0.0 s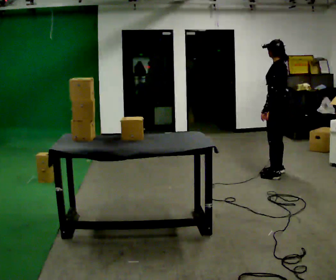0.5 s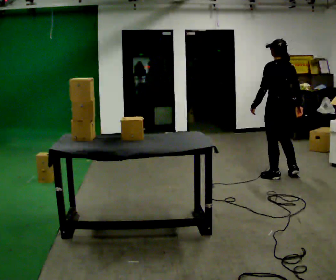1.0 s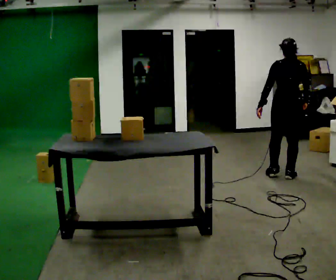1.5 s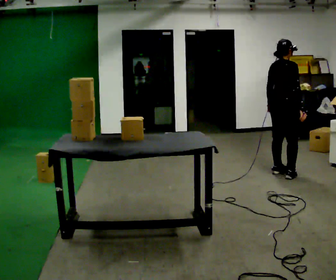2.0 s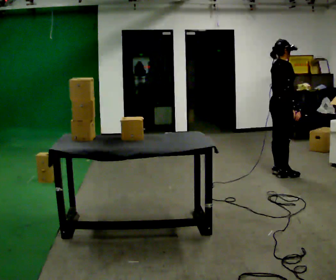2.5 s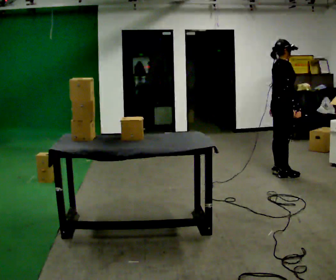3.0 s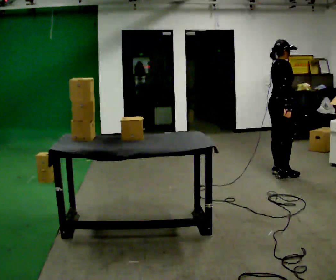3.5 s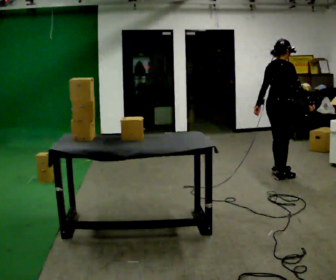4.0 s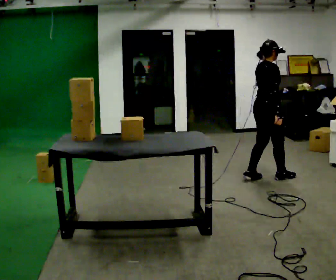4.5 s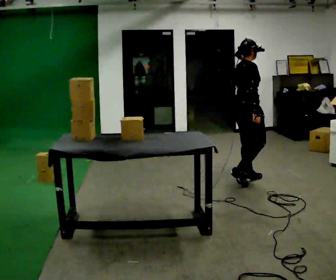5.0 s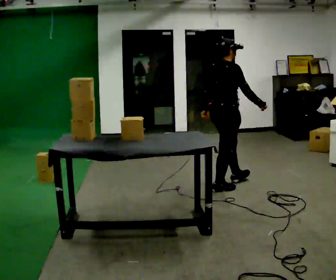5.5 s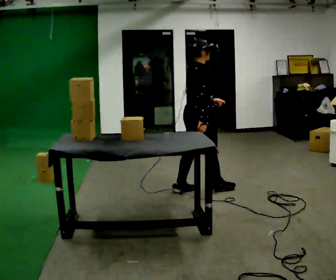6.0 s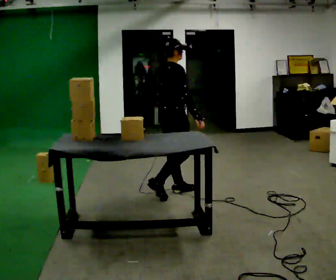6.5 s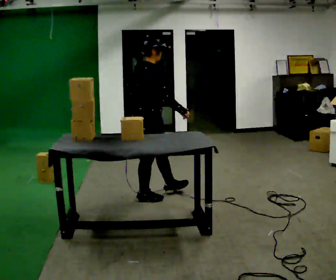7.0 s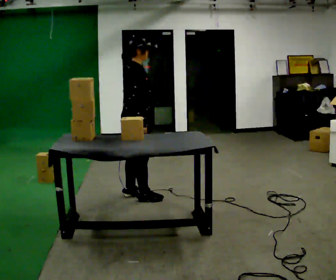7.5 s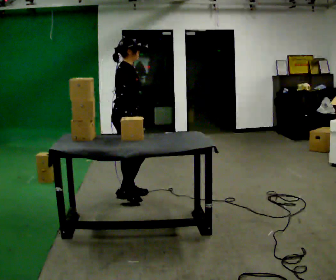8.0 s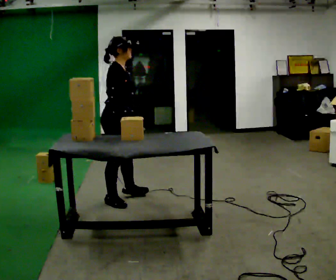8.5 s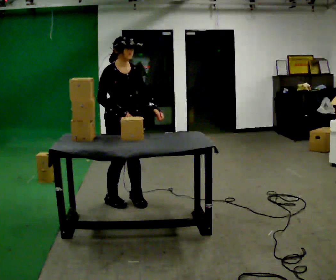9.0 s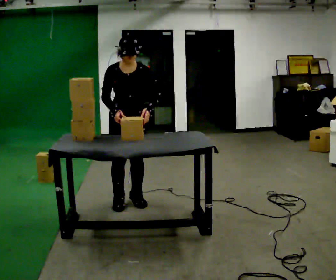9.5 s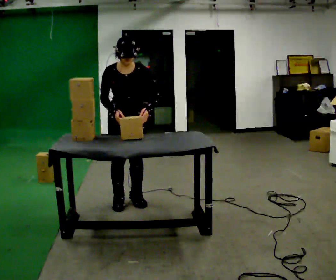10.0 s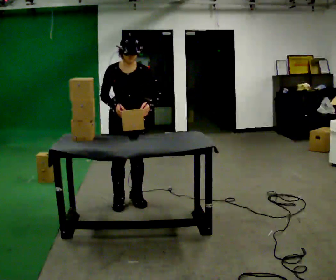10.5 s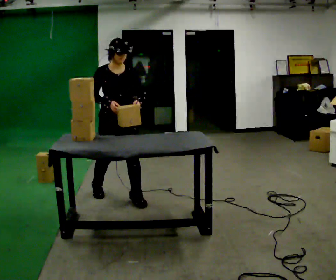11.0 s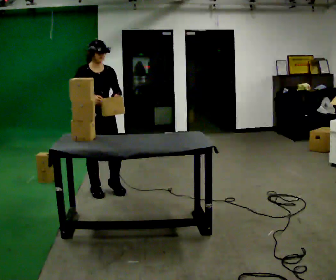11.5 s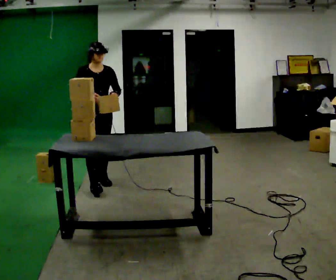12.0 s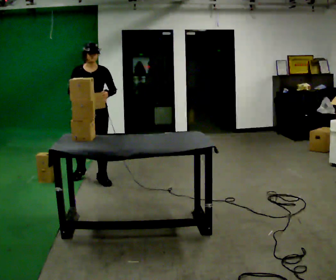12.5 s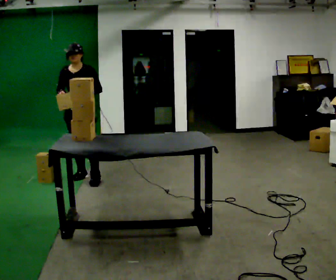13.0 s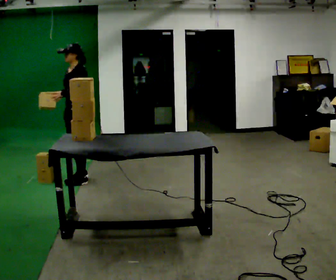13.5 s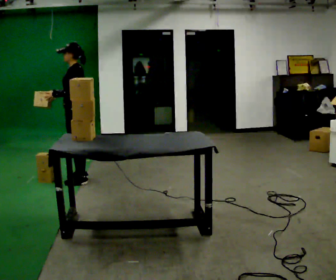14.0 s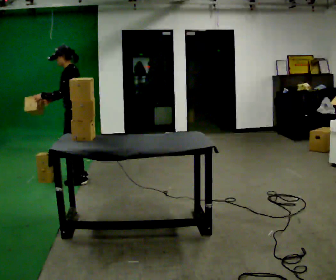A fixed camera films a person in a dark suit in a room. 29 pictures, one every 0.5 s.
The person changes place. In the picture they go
to the left.
0.0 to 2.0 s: The person turns about 150 degrees to their right, clockwise seen from above, so the part of the body nearest the lens slides to the left. In the picture their left hand goes to the right.
2.0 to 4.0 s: In the picture they go to the left, about 0.25 m in 1 step, which for them is backward and to their right.
4.0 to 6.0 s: In the picture they go to the left, about 1 m in 3 steps, which for them is backward.
6.0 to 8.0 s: In the picture they go to the left, about 0.5 m in 2 steps, which for them is backward.
8.0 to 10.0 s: Seen from above the body turns clockwise, about 75 degrees: to their right, with its near side sliding to the left.
10.0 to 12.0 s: In the picture they go away from the camera and to the left, about 1 m in 3 steps, which for them is backward.
12.0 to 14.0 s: The part of the body nearest the lens slides to the left as the person turns to their right by about 105 degrees. In the picture they go to the left, about 0.25 m in 1 step. In the picture their left hand goes to the left.
The film runs backward here.
